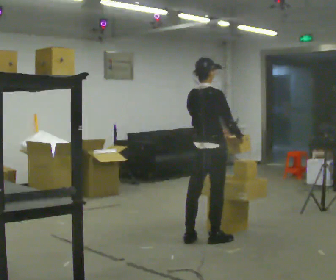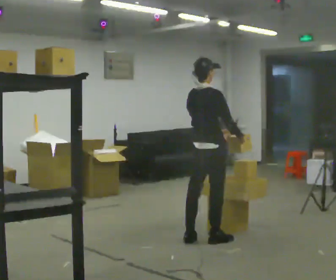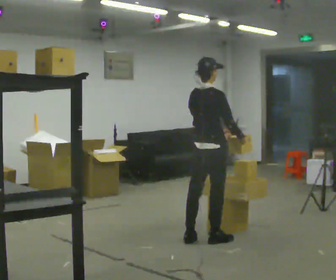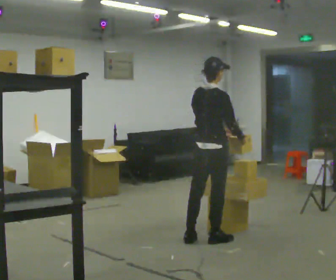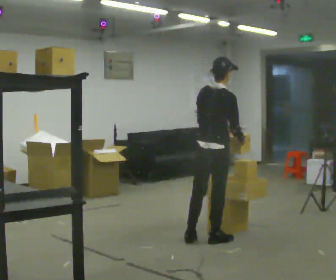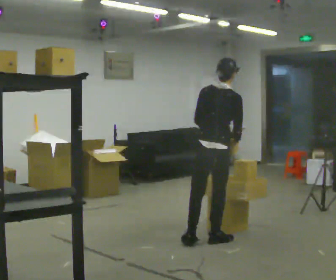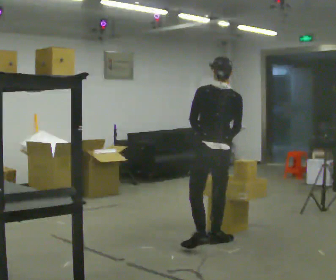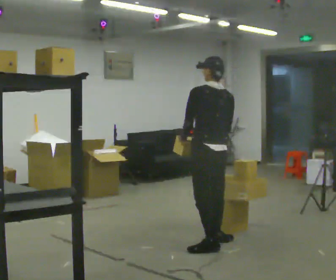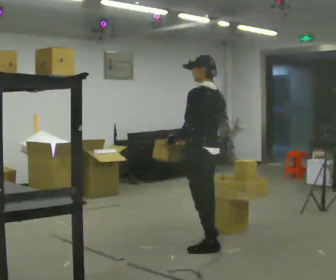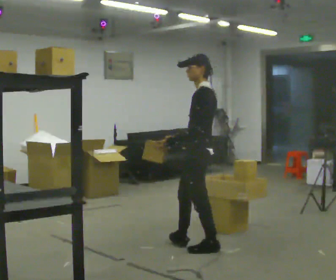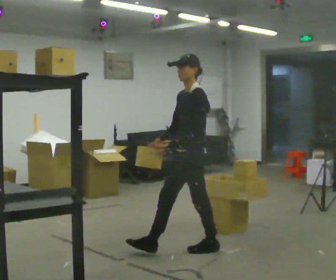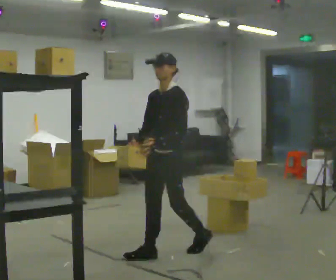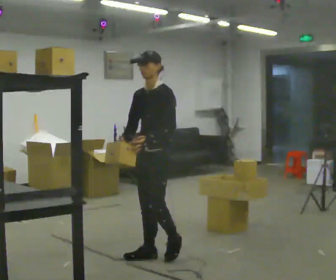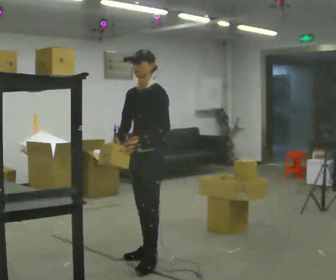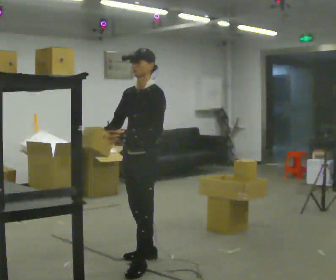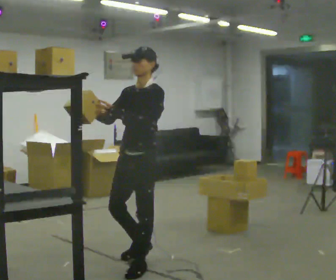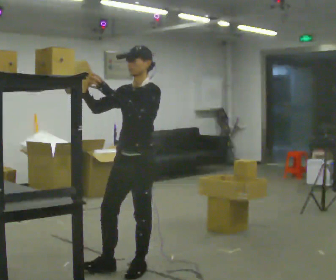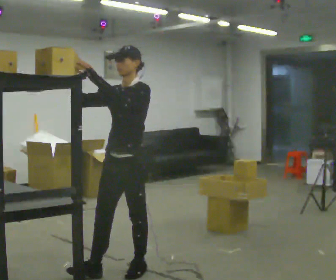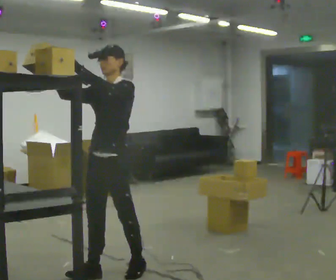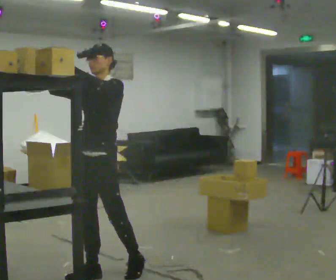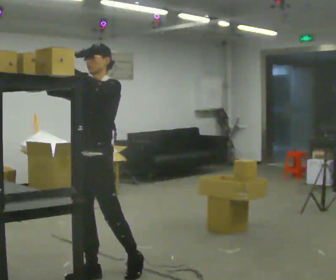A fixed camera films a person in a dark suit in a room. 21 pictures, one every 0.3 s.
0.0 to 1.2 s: The person moves a little, or ends about where they began.
1.2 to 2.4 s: Seen from above the body turns counterclockwise, about 90 degrees: to their left, with its near side sliding to the right. In the picture they go toward the camera, about 0.25 m in 1 step.
2.4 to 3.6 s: Seen from above the body turns counterclockwise, about 90 degrees: to their left, with its near side sliding to the right. In the picture they go to the left, about 0.5 m in 1 step.
3.6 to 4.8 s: In the picture they go toward the camera and to the left, about 0.5 m in 1 step, which for them is forward and to their left. In the picture their left hand goes upward.
4.8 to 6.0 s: In the picture they go to the left and toward the camera, about 0.25 m in 1 step, which for them is forward.
The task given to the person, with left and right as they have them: Carry the object across the room and place it on the shelf just at the top of your comfortable reach. Keep going until the operator says stop; one object at a time, and do not rush between trips.
The film runs forward here.
